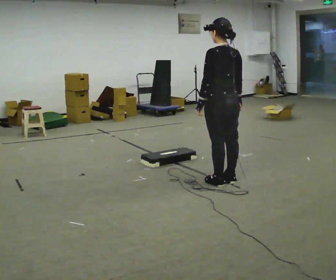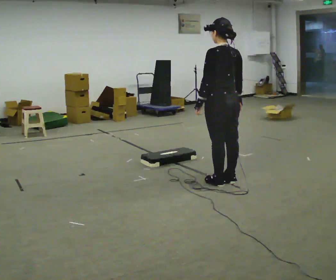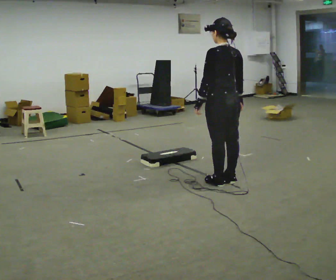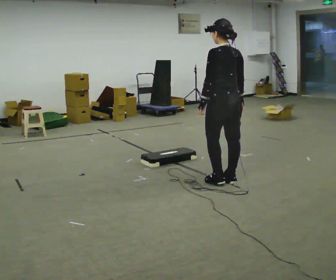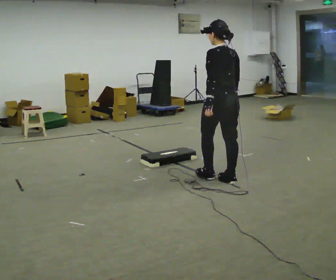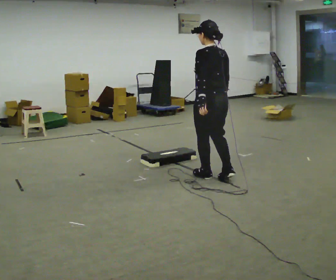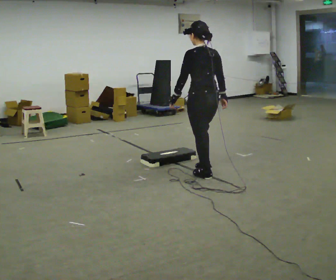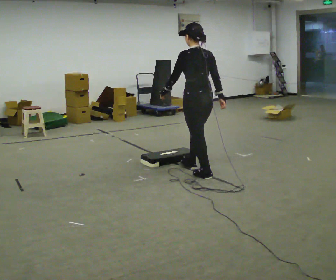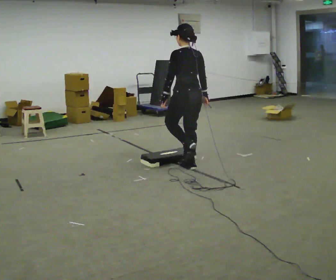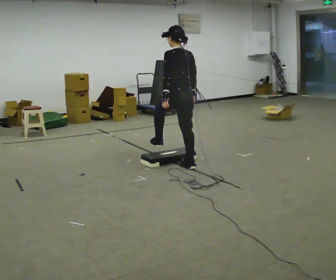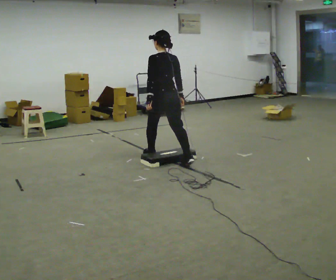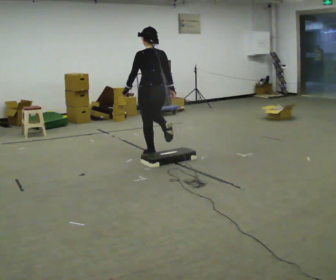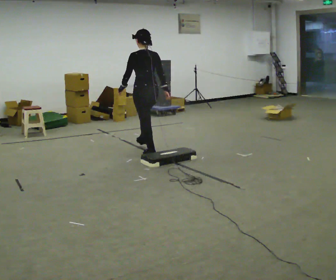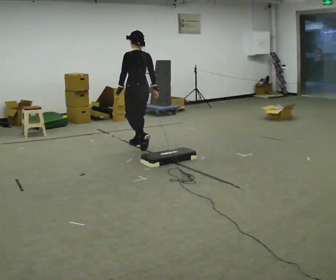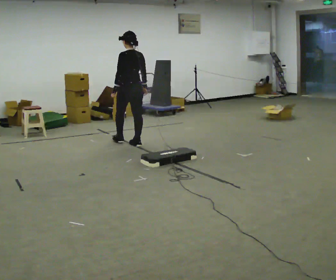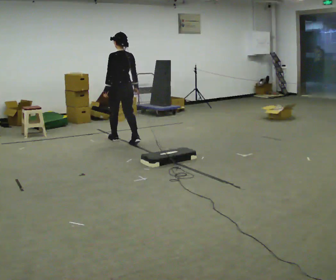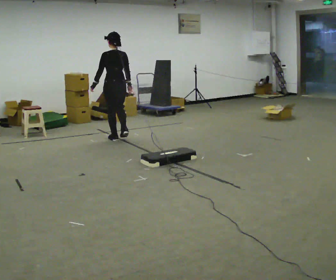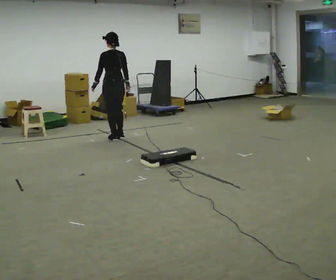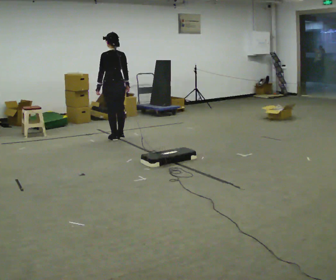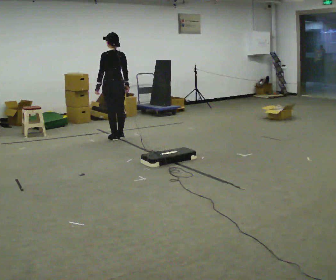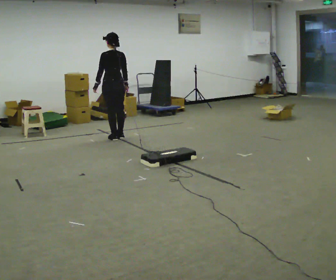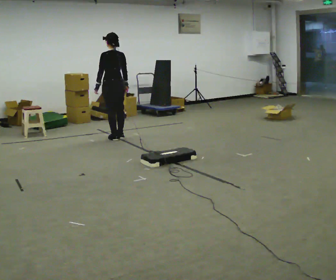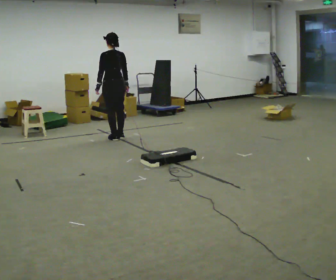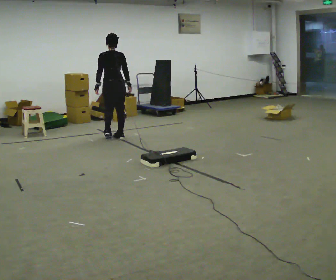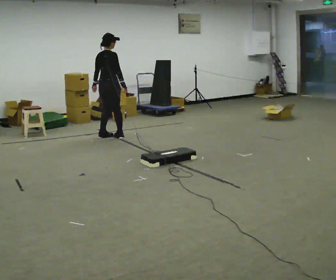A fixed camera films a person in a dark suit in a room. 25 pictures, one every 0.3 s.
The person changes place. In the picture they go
away from the camera.
0.0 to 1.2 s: The person moves a little, or ends about where they began.
1.2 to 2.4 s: In the picture they go away from the camera and to the left, about 0.5 m in 2 steps, which for them is forward.
2.4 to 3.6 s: In the picture they go away from the camera and to the left, about 1 m in 1 step, which for them is forward.
3.6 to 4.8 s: In the picture they go away from the camera and to the left, about 1 m in 2 steps, which for them is forward.
4.8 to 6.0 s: The person moves a little, or ends about where they began.
6.0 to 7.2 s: Seen from above the body turns clockwise, about 75 degrees: to their right, with its near side sliding to the left.
The film runs forward here.
